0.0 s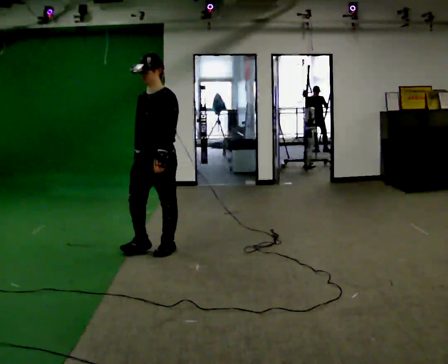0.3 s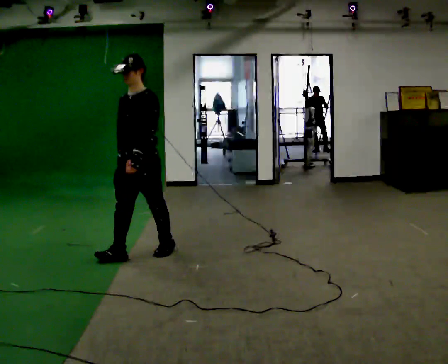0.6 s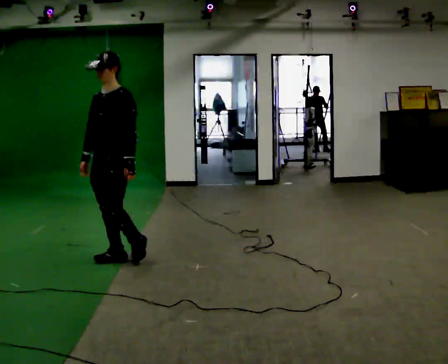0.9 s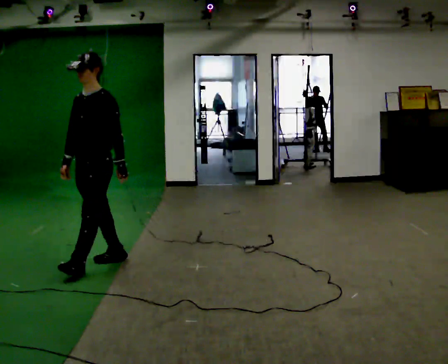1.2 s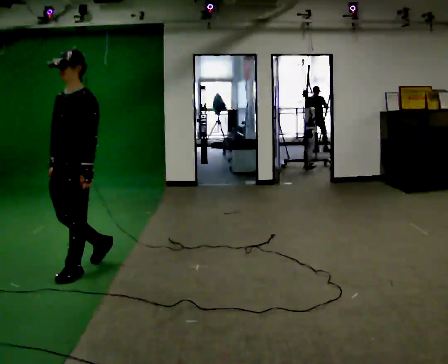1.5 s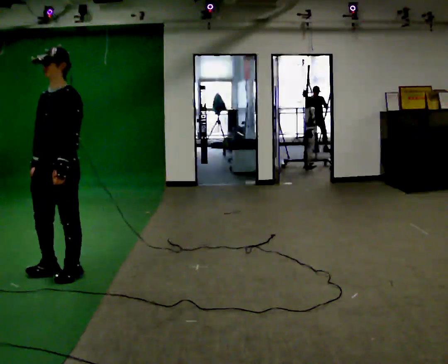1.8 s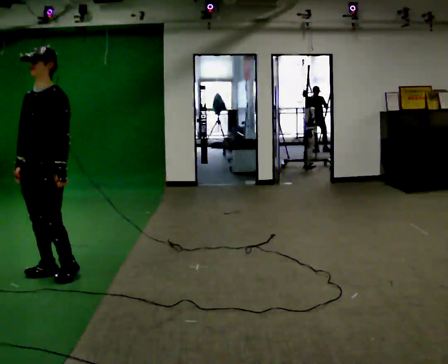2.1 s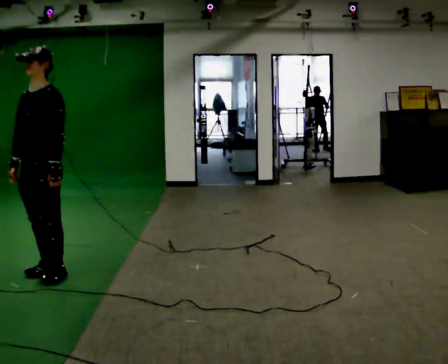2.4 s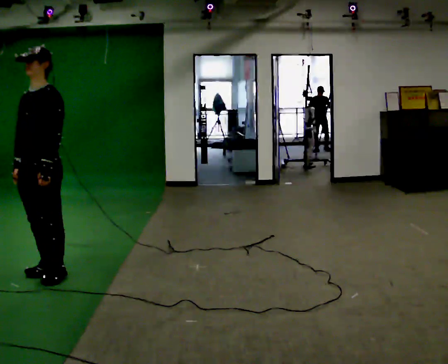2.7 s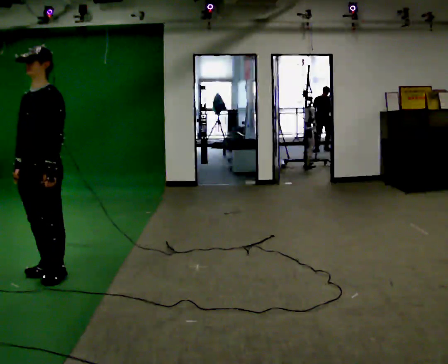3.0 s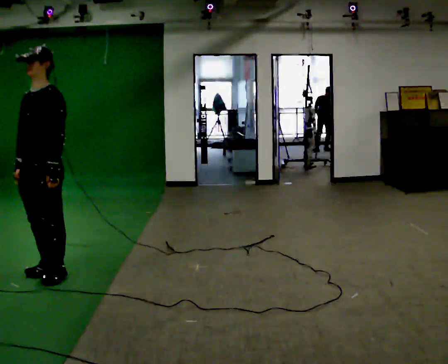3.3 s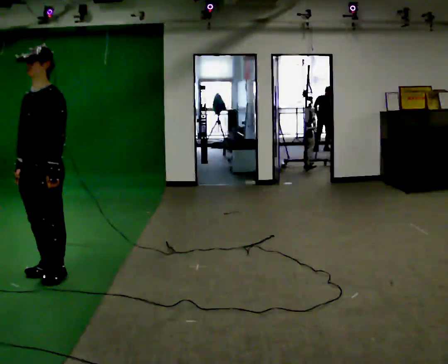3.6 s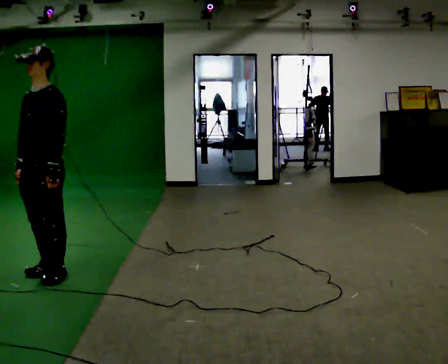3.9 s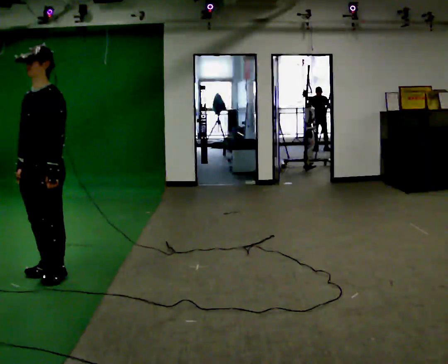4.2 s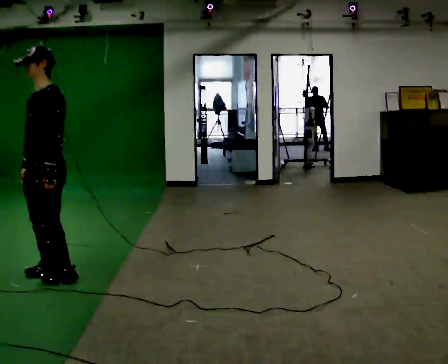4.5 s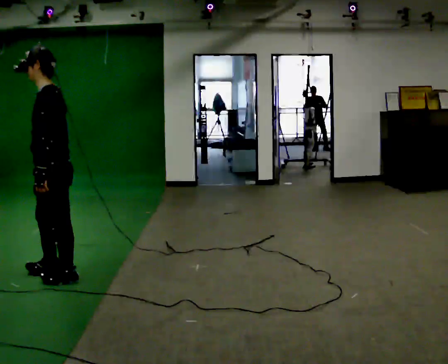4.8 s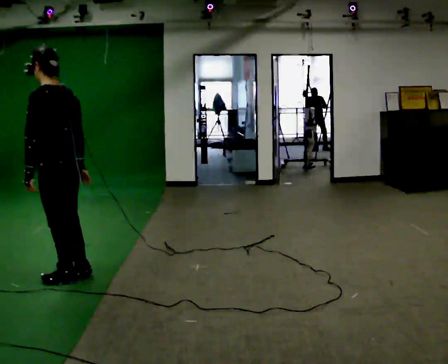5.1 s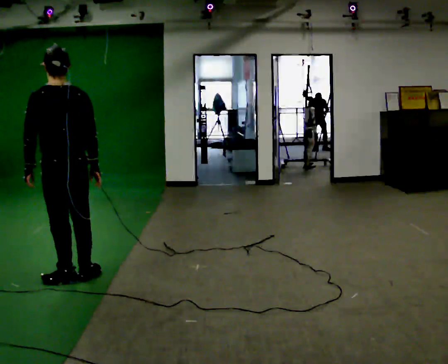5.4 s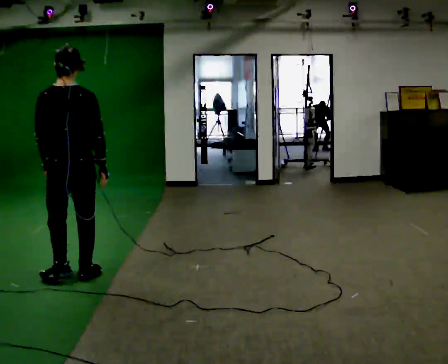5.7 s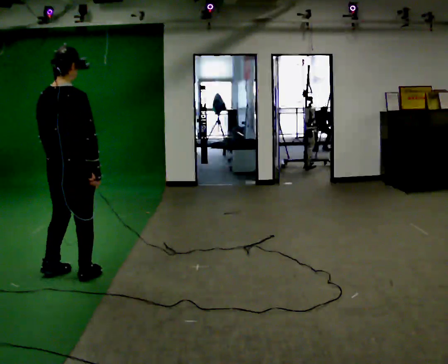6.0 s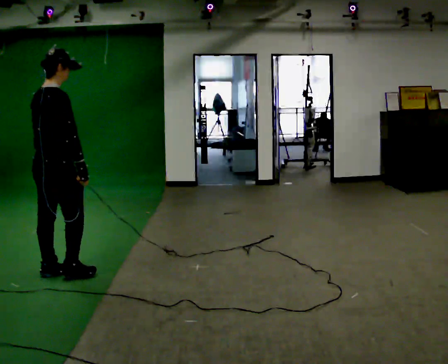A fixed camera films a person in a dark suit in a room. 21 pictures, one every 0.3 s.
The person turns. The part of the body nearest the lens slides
to the left.
The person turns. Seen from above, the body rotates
clockwise.
0.0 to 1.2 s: In the picture they go to the left and toward the camera, about 1 m in 2 steps, which for them is forward.
1.2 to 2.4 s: In the picture they go to the left, about 0.25 m in 1 step, which for them is forward and to their right.
2.4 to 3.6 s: The person moves a little, or ends about where they began.
3.6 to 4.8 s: The person turns about 90 degrees to their right, clockwise seen from above, so the part of the body nearest the lens slides to the left. In the picture they go to the right, about 0.25 m. In the picture their right hand goes to the right.
4.8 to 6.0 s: The person turns about 105 degrees to their right, clockwise seen from above, so the part of the body nearest the lens slides to the left.
The film runs forward here.
